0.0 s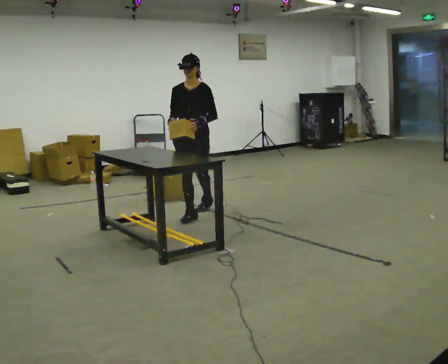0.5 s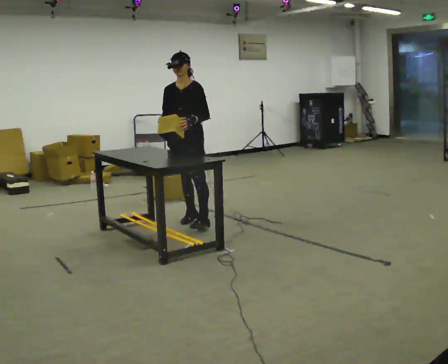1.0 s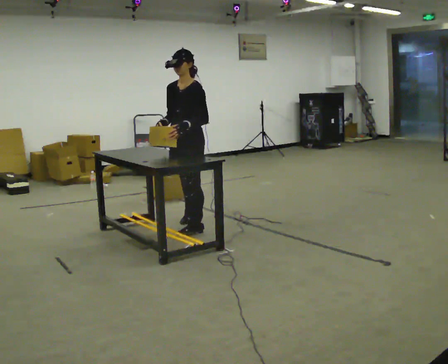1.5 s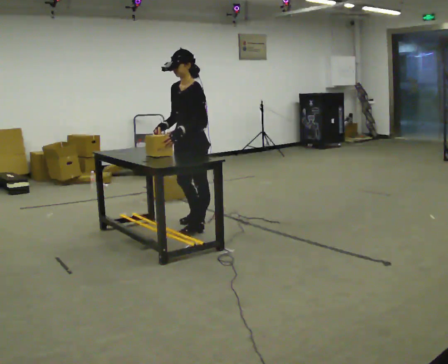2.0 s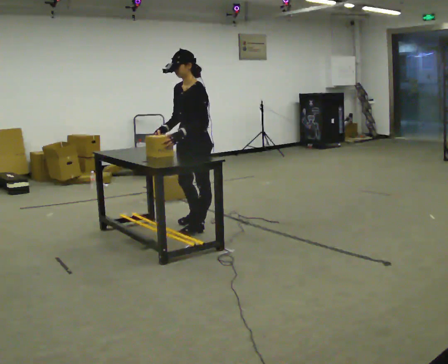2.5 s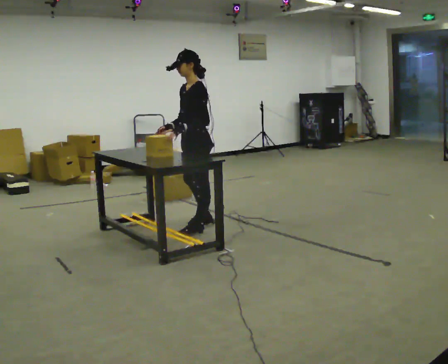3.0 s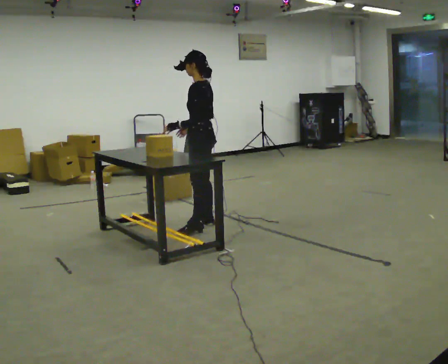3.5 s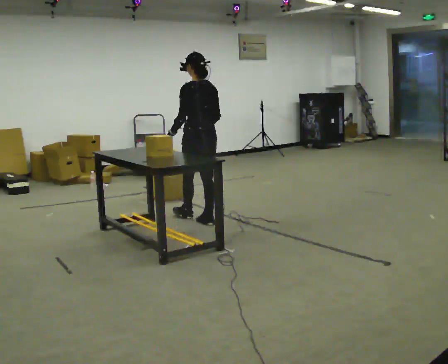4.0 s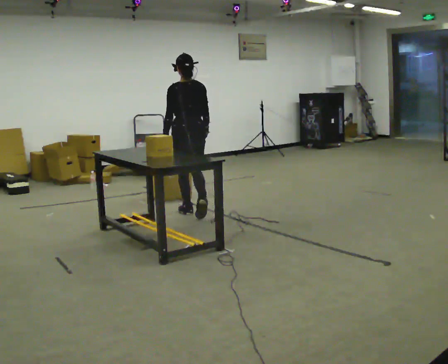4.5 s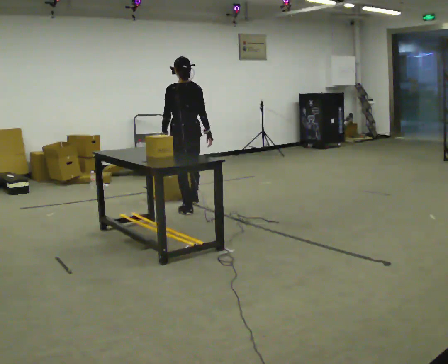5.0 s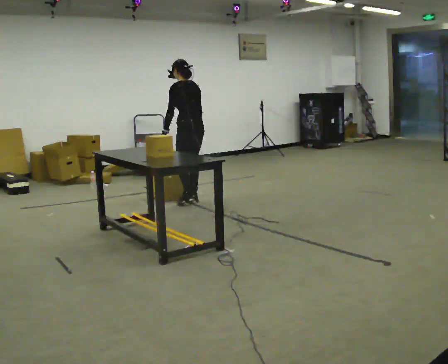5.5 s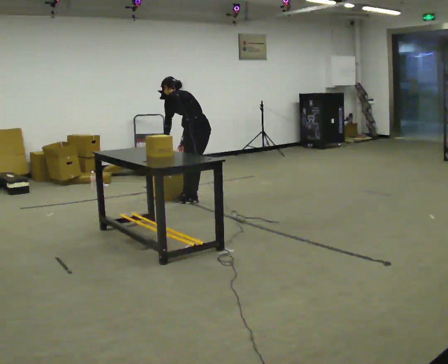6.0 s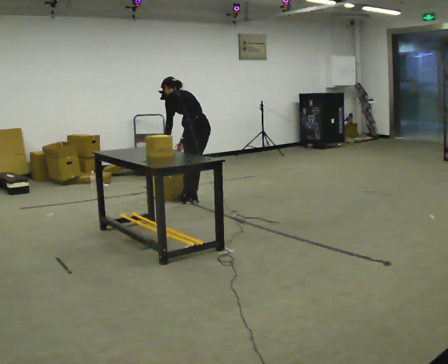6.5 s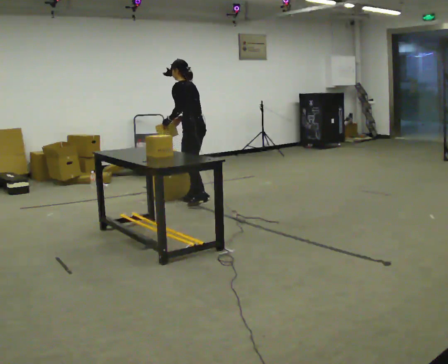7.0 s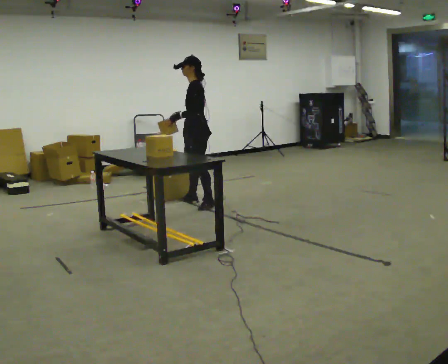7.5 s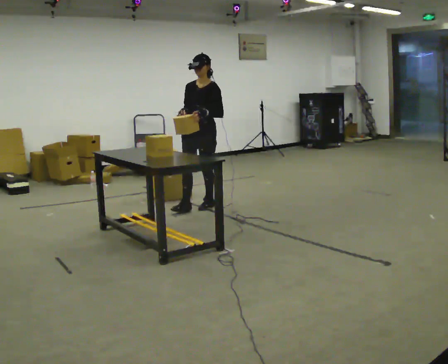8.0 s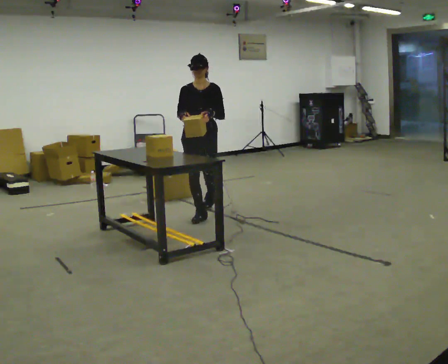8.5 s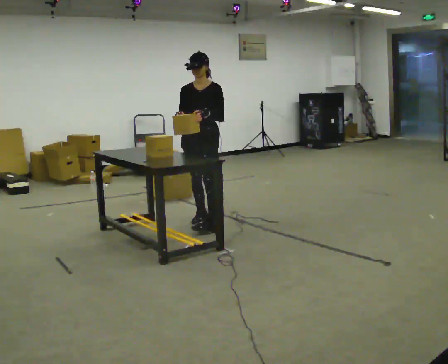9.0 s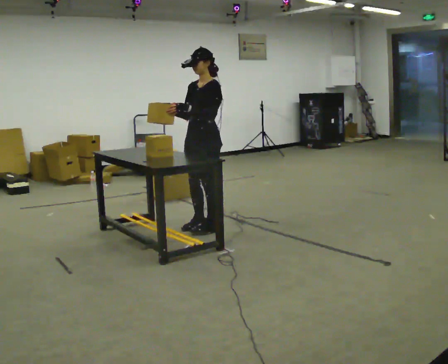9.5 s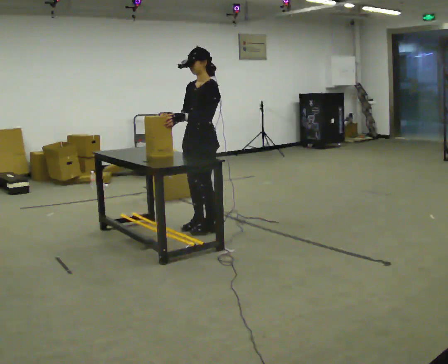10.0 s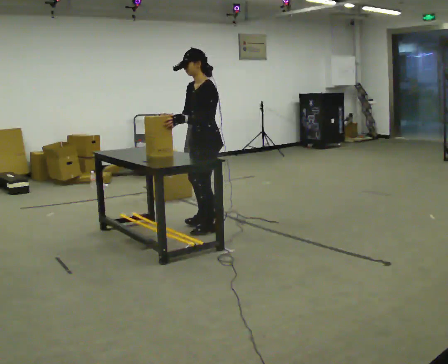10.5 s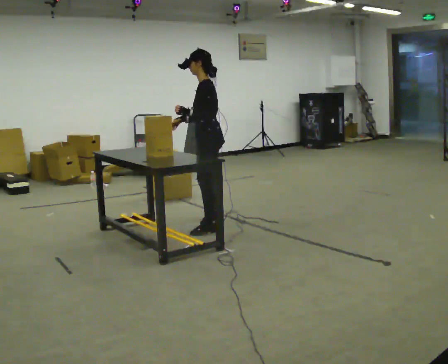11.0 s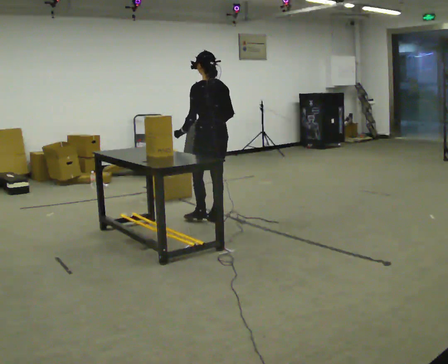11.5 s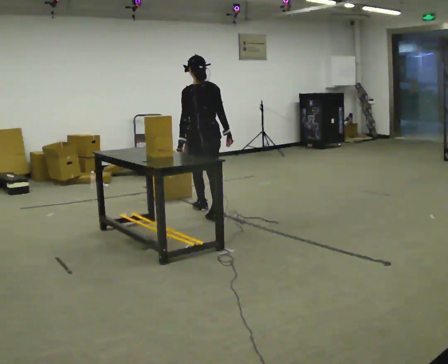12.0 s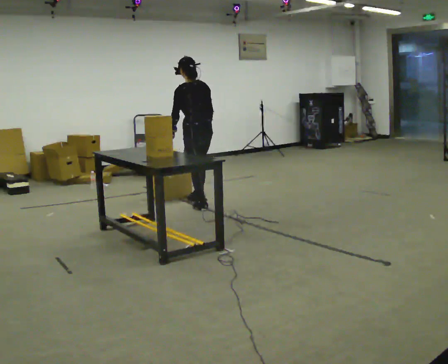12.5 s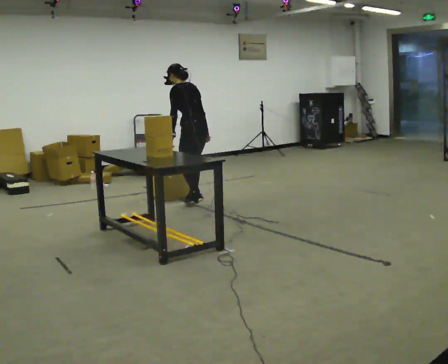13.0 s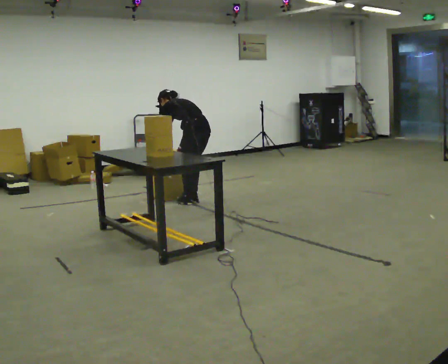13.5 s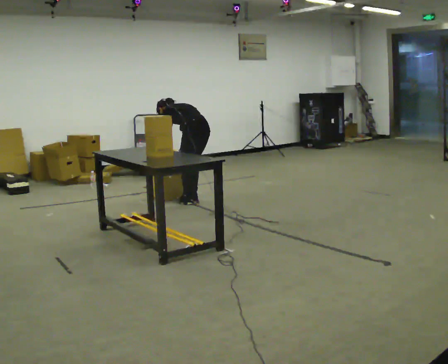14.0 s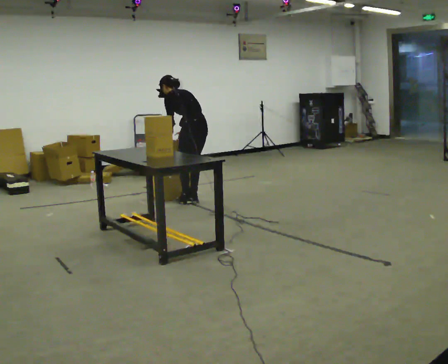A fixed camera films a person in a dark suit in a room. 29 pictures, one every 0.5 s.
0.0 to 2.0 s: The person turns about 45 degrees to their right, clockwise seen from above, so the part of the body nearest the lens slides to the left. In the picture they go toward the camera, about 0.5 m in 2 steps, which for them is to their left and forward.
2.0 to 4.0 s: Seen from above the body turns clockwise, about 105 degrees: to their right, with its near side sliding to the left. In the picture they go away from the camera, about 0.5 m in 1 step.
4.0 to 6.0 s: The person turns about 30 degrees to their left, counterclockwise seen from above, so the part of the body nearest the lens slides to the right. In the picture they go away from the camera, about 0.5 m in 2 steps, which for them is to their right and forward.
6.0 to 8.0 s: Seen from above the body turns counterclockwise, about 135 degrees: to their left, with its near side sliding to the right. In the picture they go toward the camera, about 0.5 m in 2 steps. The upper body tips toward the camera, its near side rolling downward, as they lean back or straighten. In the picture their right hand goes upward.
8.0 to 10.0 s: Seen from above the body turns clockwise, about 75 degrees: to their right, with its near side sliding to the left. In the picture they go toward the camera, about 0.5 m in 2 steps.
10.0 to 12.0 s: The person turns about 75 degrees to their right, clockwise seen from above, so the part of the body nearest the lens slides to the left. In the picture they go away from the camera, about 1 m in 2 steps.
12.0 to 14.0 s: In the picture they go away from the camera, about 0.25 m in 2 steps, which for them is forward and to their right.
The film runs forward here.
